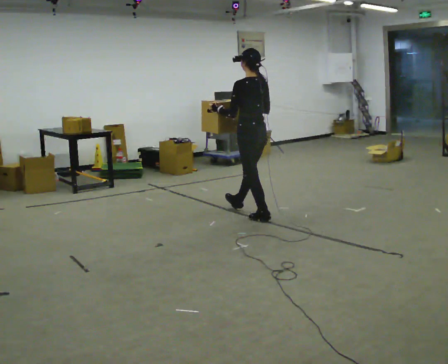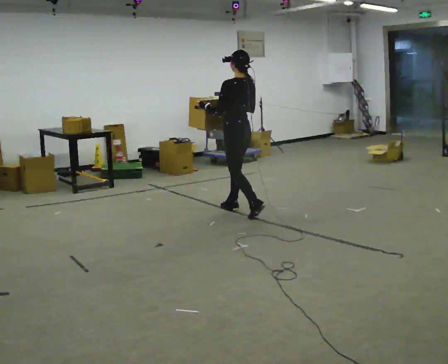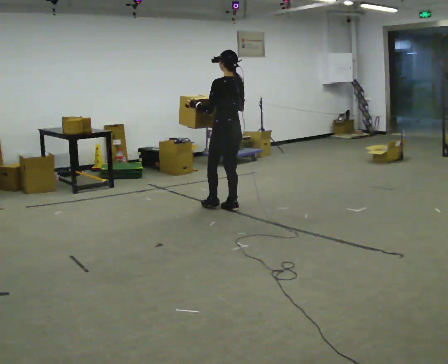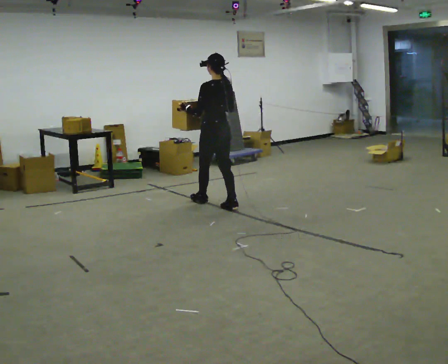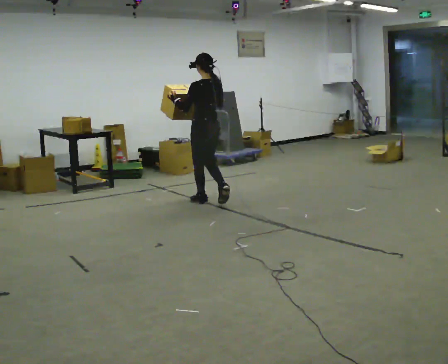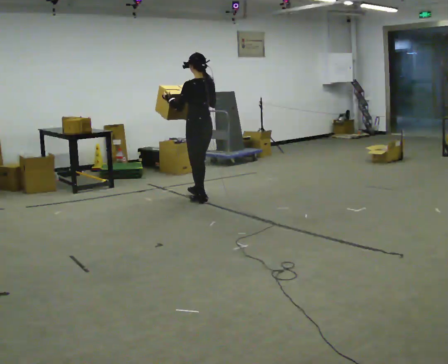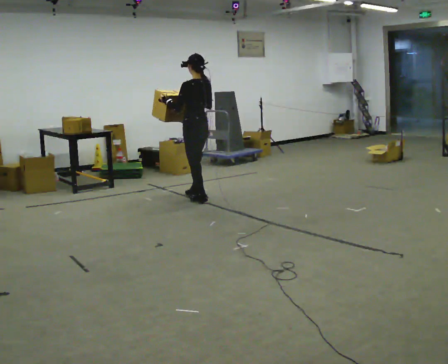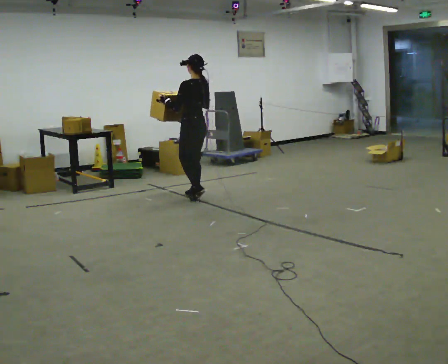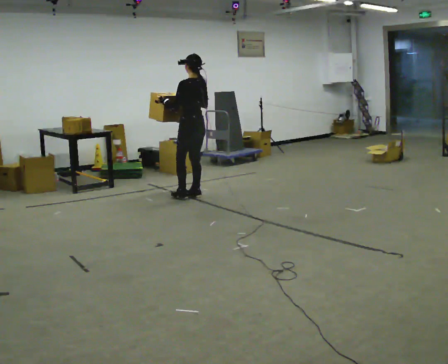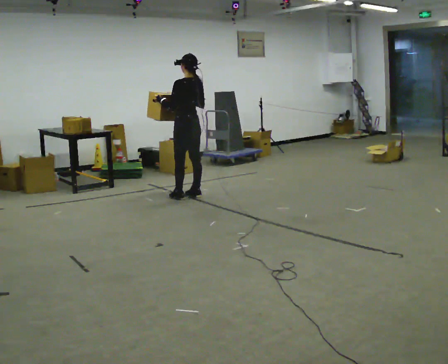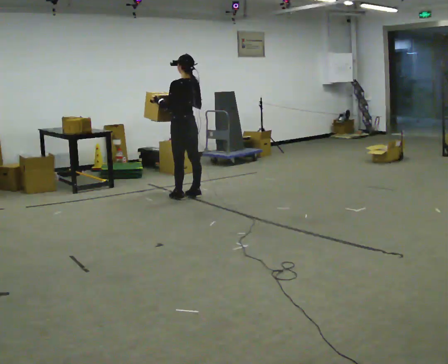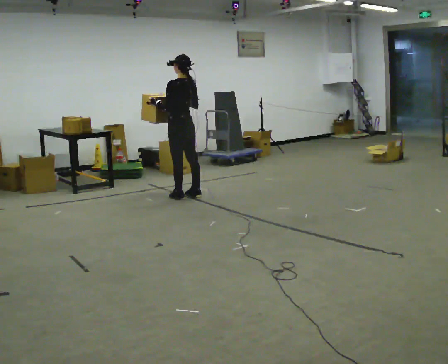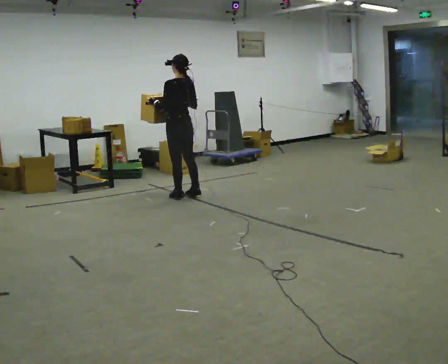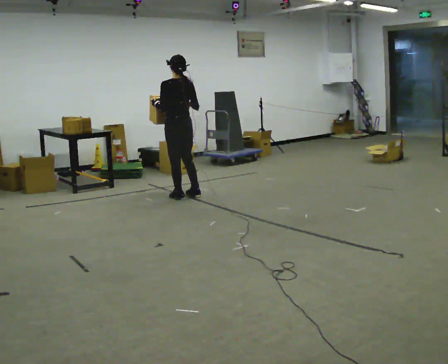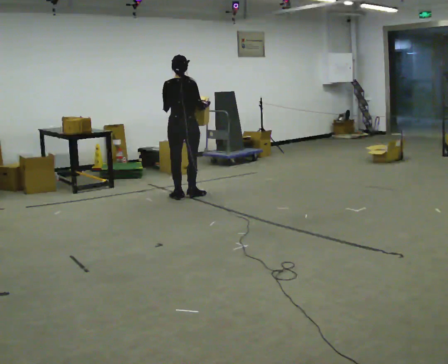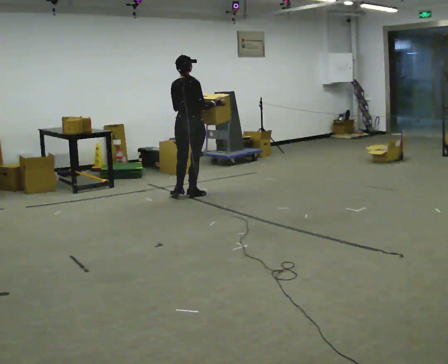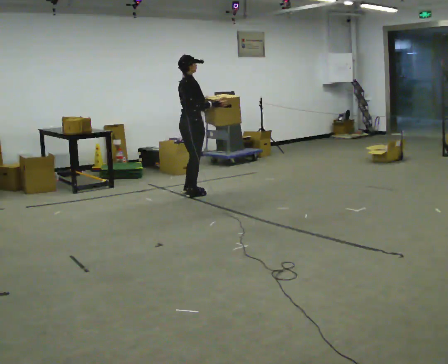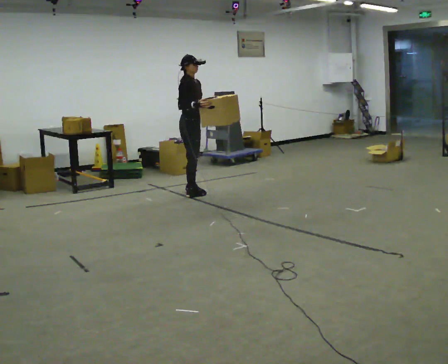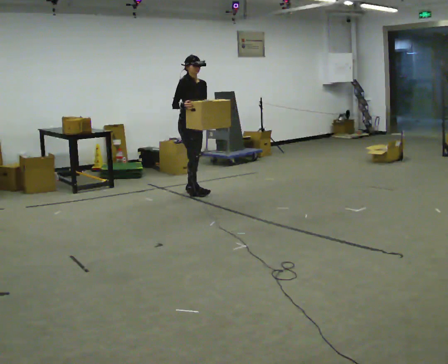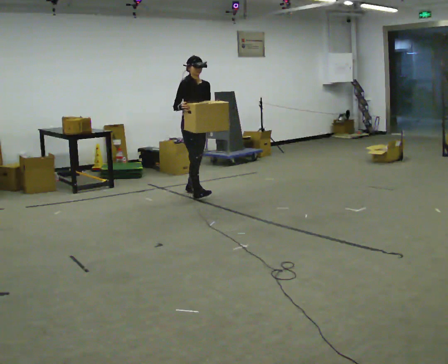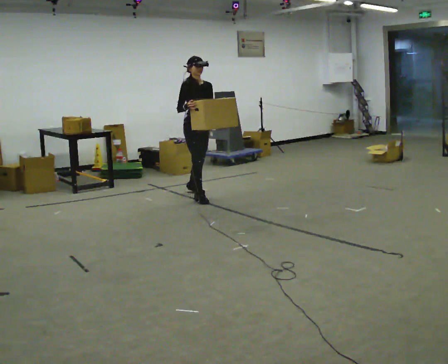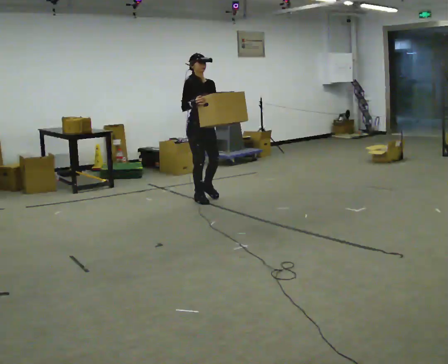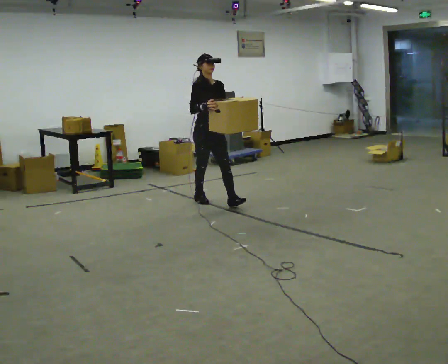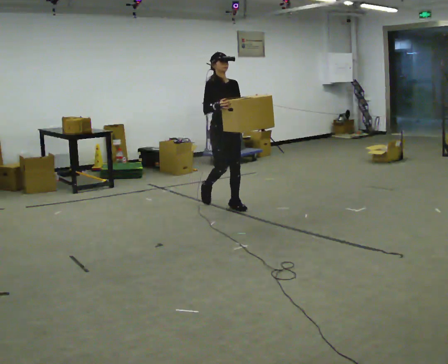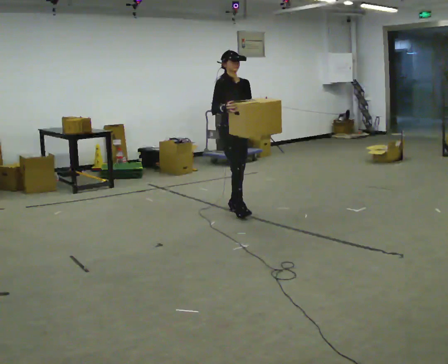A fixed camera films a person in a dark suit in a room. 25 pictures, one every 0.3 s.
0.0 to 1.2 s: In the picture they go away from the camera and to the left, about 0.5 m in 2 steps, which for them is forward.
1.2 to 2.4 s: In the picture they go away from the camera, about 0.25 m in 1 step, which for them is forward.
2.4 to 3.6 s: The person moves a little, or ends about where they began.
3.6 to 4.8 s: The person turns about 105 degrees to their right, clockwise seen from above, so the part of the body nearest the lens slides to the left.
4.8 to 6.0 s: The person turns about 75 degrees to their right, clockwise seen from above, so the part of the body nearest the lens slides to the left. In the picture their right hand goes to the left.
6.0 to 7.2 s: In the picture they go toward the camera and to the right, about 0.5 m in 1 step, which for them is forward.
The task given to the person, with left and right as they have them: Carry the heavy box in both hands in front of you, walking back and forth across the room. Keep walking until the operator says stop. Set it down if you need a rest.
The film runs forward here.
